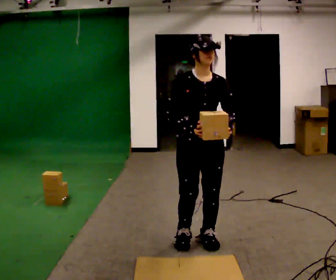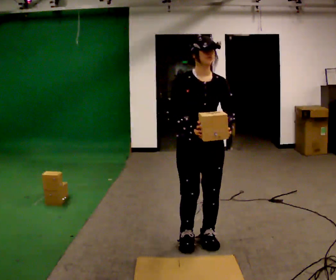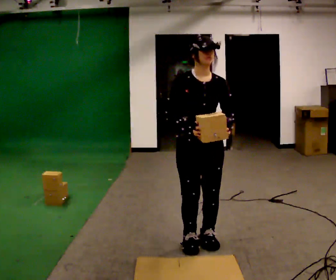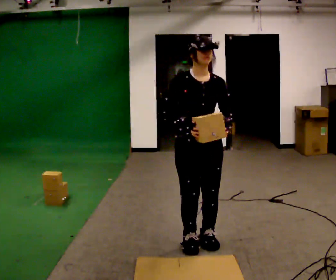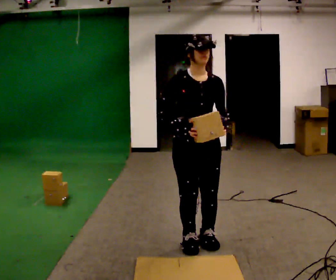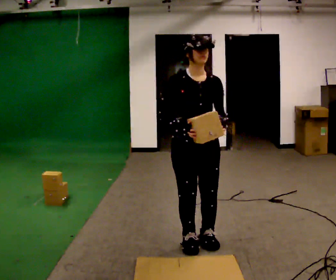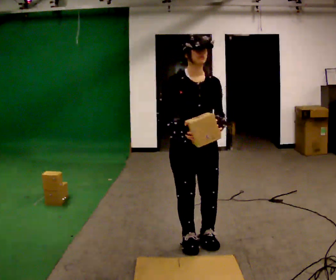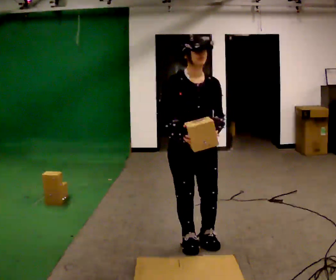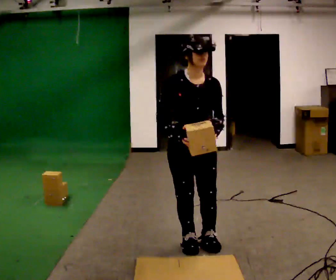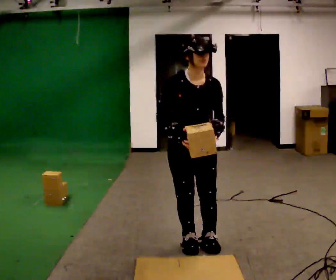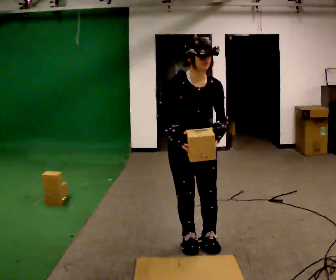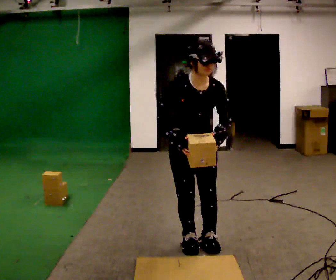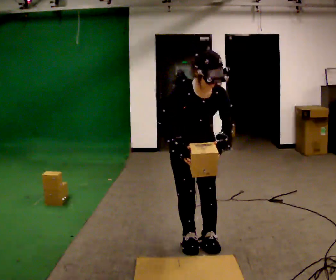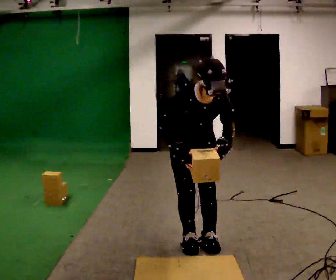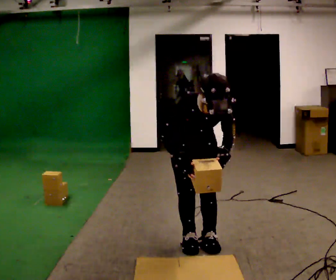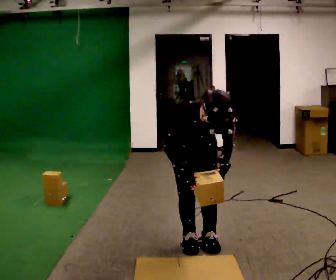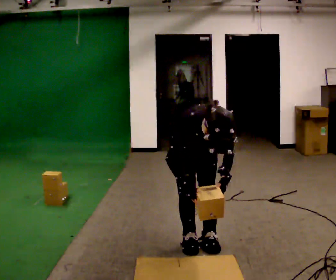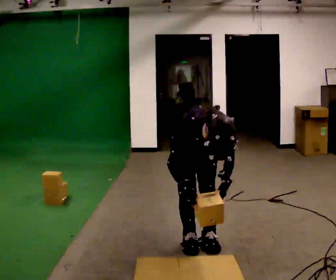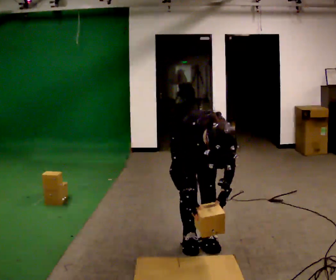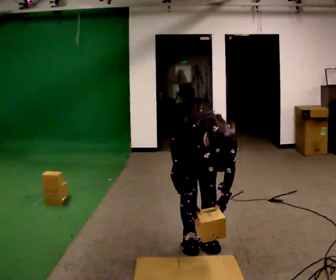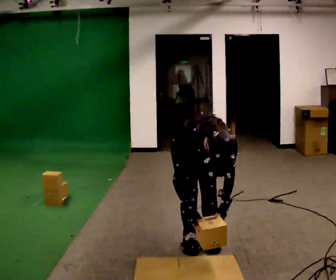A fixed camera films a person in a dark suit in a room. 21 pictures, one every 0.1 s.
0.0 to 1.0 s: The person moves a little, or ends about where they began.
1.0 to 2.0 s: The upper body goes downward. The upper body tips toward the camera, its near side rolling downward, as they bend forward. In the picture their left hand goes downward.
The film runs forward here.
